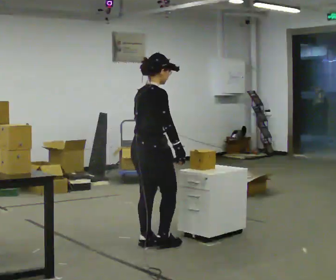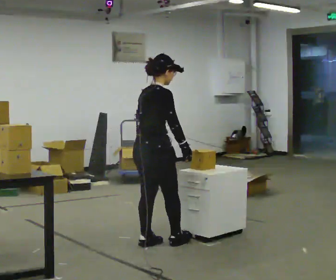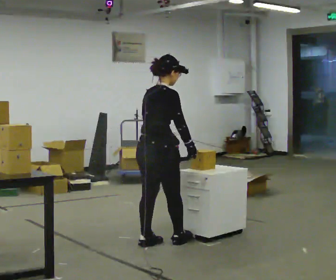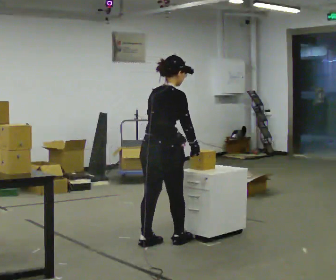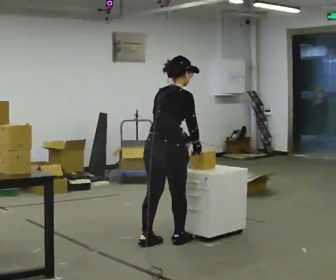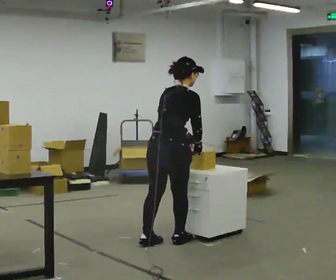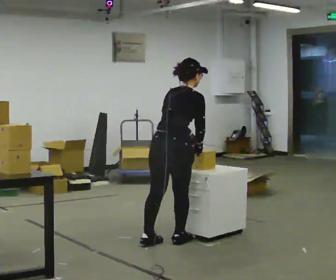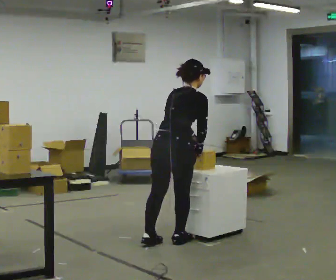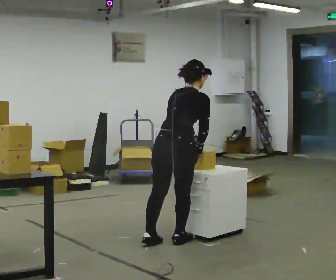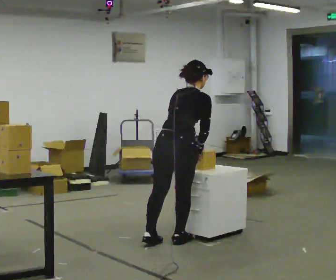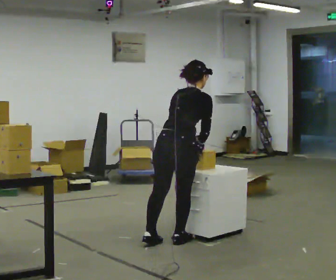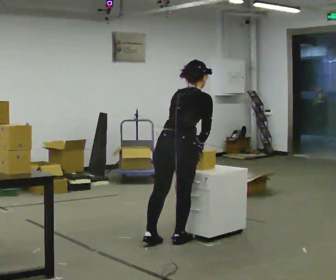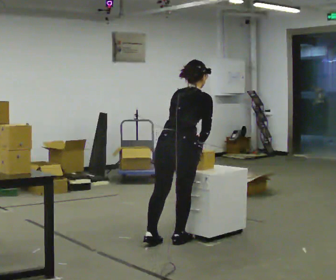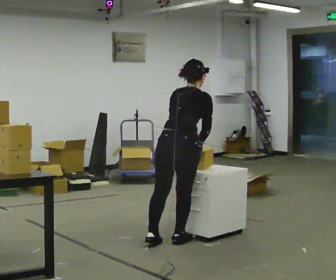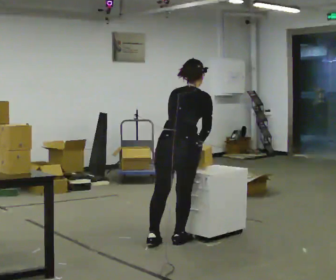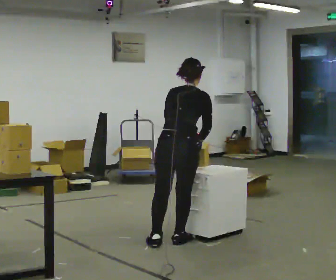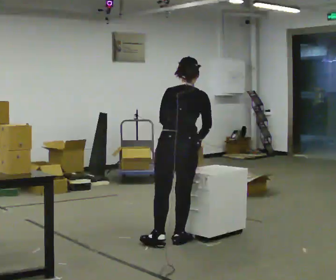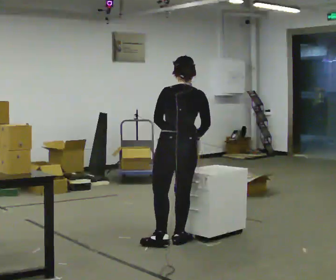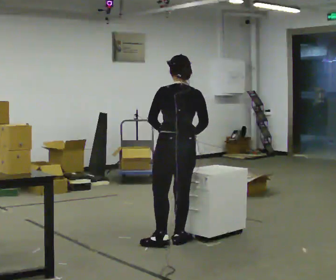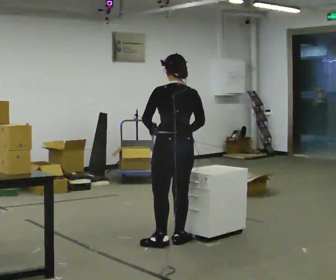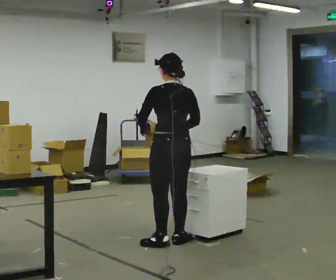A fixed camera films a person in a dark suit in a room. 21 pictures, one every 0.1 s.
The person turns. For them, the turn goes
to their left.
The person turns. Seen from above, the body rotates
counterclockwise.
0.0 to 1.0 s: The person turns about 30 degrees to their left, counterclockwise seen from above, so the part of the body nearest the lens slides to the right. In the picture they go to the right, about 0.25 m in 1 step, which for them is forward and to their right. The upper body tips away from the camera, its near side rolling upward, as they bend forward.
1.0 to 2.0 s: The part of the body nearest the lens slides to the right as the person turns to their left by about 45 degrees. In the picture the upper body tilts counterclockwise, shoulders to the left, as they lean back or straighten. In the picture their left hand goes to the left, the arm swinging clockwise.
The film runs forward here.
